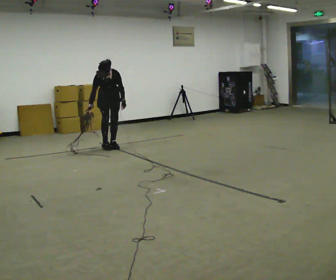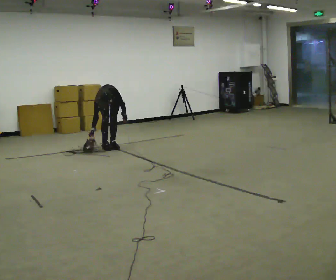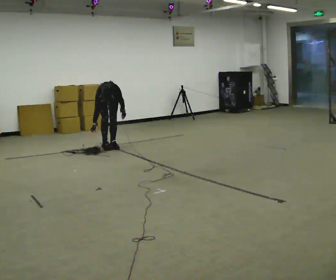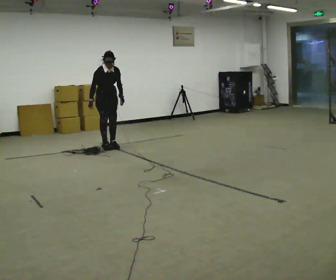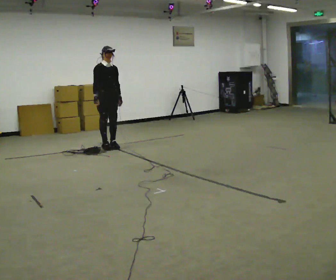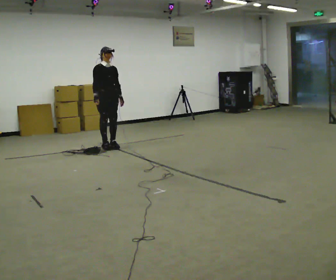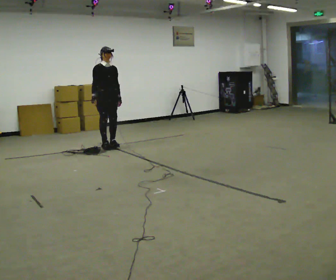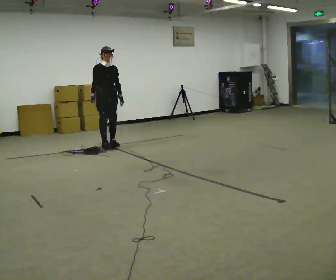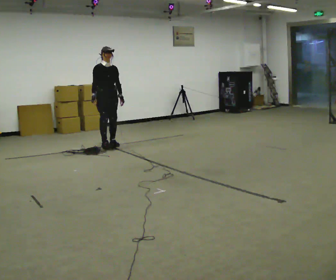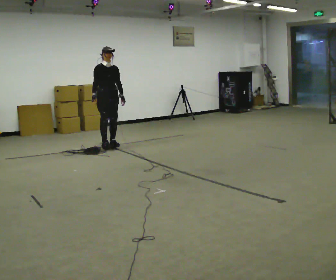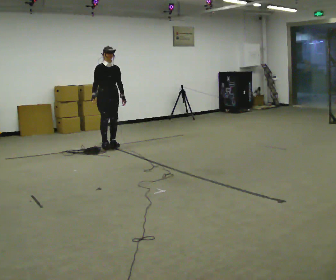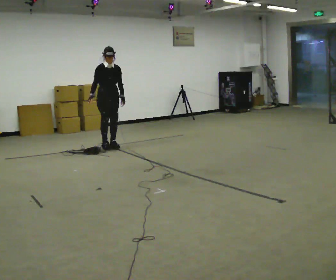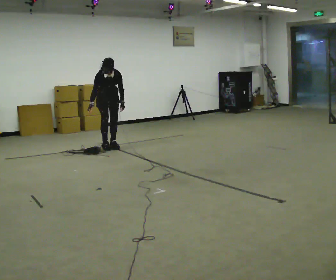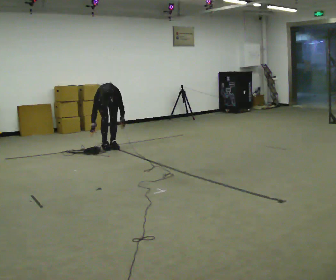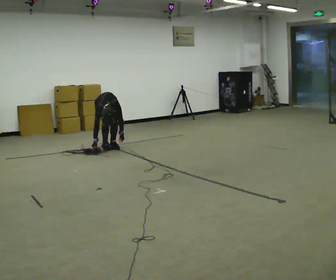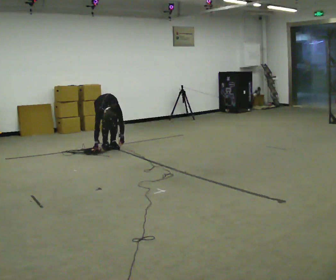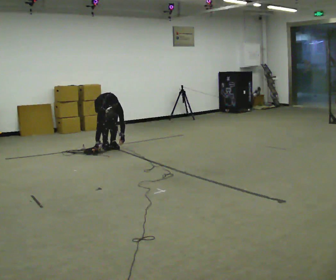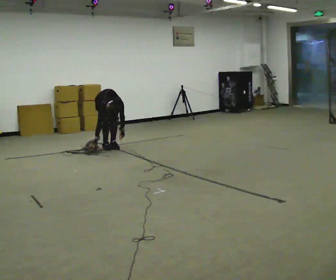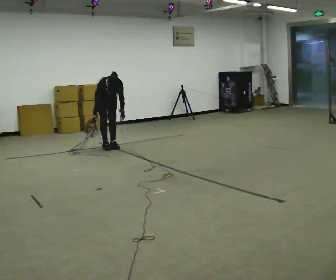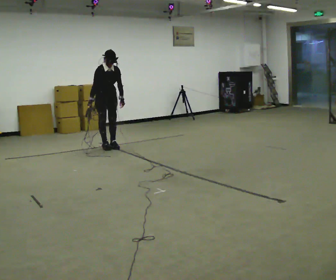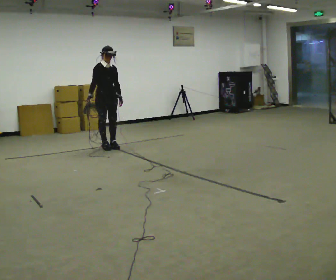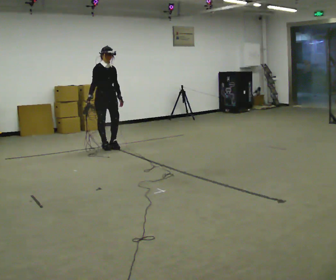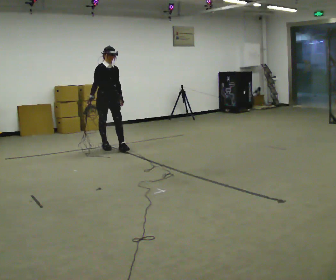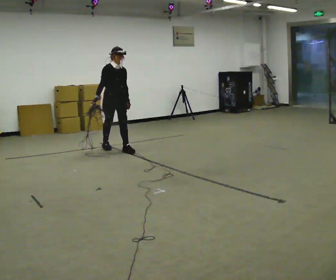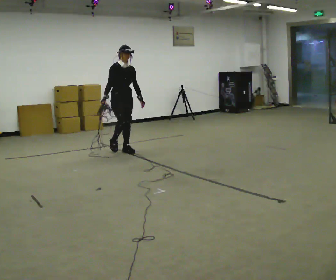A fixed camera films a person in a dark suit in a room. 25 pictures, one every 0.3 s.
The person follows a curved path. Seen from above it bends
counterclockwise.
0.0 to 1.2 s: Seen from above the body turns counterclockwise, about 30 degrees: to their left, with its near side sliding to the right.
1.2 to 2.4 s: The person moves a little, or ends about where they began.
2.4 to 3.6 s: The upper body tips toward the camera, its near side rolling downward, as they bend forward.
3.6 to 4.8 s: The upper body goes downward. The upper body tips toward the camera, its near side rolling downward, as they bend forward. In the picture their right hand goes downward.
4.8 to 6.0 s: The shoulders move upward. The upper body tips away from the camera, its near side rolling upward, as they lean back or straighten. In the picture their right hand goes upward.
6.0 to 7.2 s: In the picture they go toward the camera and to the right, about 0.25 m in 1 step, which for them is forward.
The film runs forward here.
